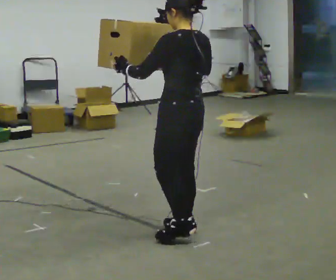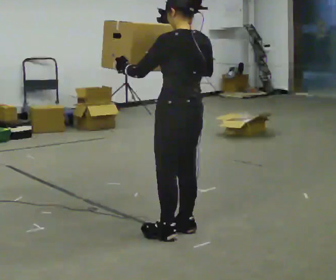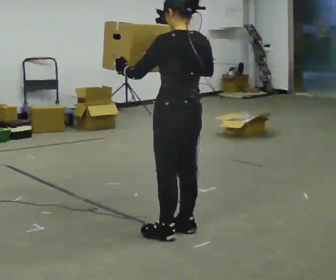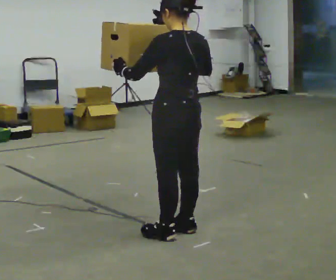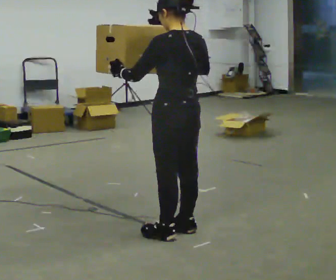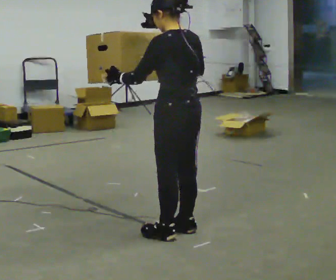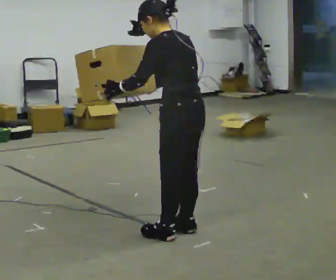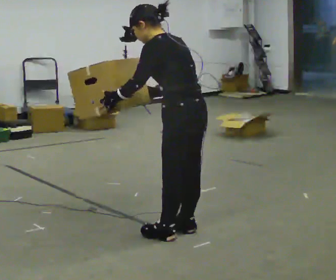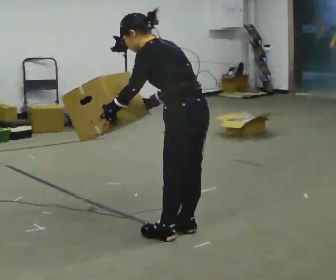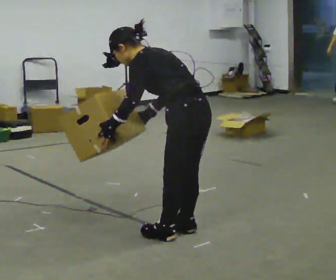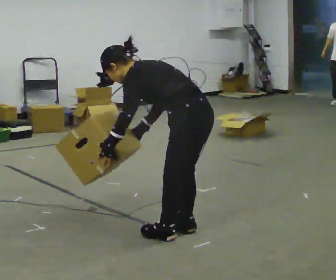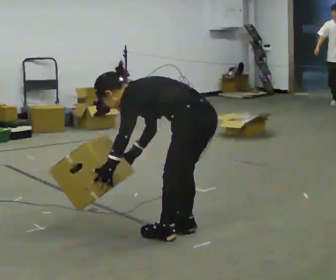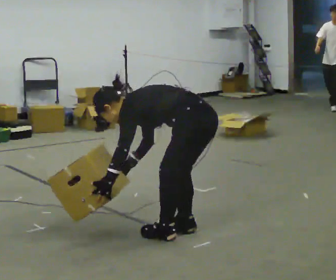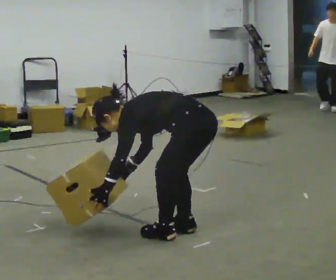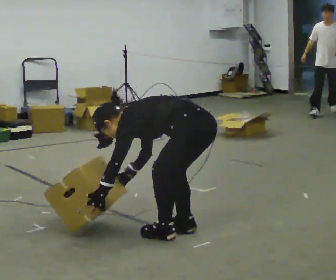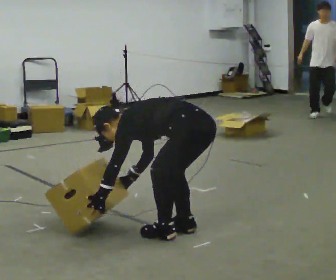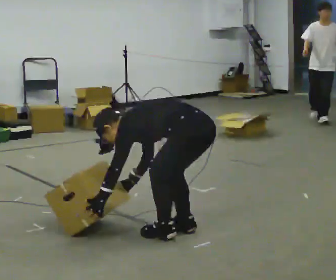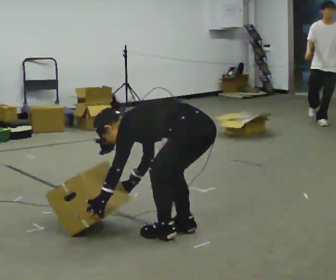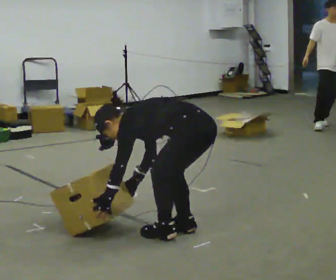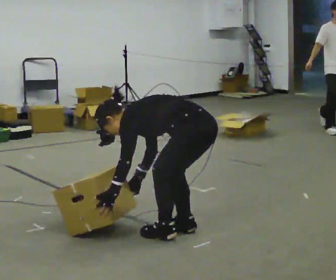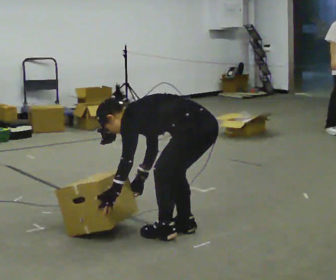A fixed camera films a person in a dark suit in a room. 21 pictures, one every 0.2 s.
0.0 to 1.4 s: In the picture the upper body tilts counterclockwise, shoulders to the left, as they bend forward.
1.4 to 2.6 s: The shoulders move downward. In the picture the upper body tilts counterclockwise, shoulders to the left, as they bend forward. In the picture their left hand goes downward.
2.6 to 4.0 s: The person moves a little, or ends about where they began.
The film runs forward here.
